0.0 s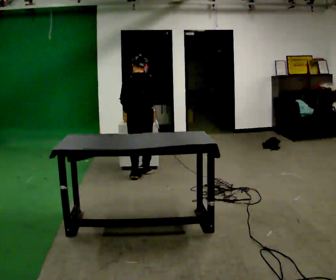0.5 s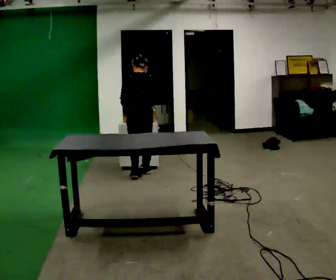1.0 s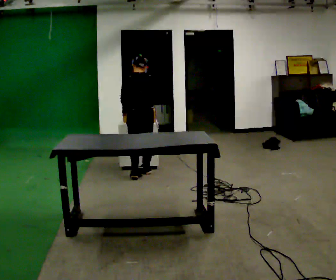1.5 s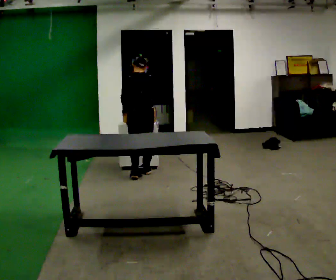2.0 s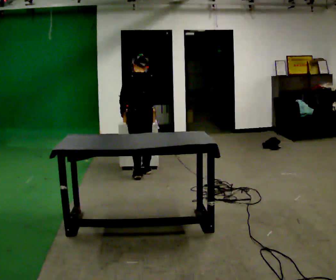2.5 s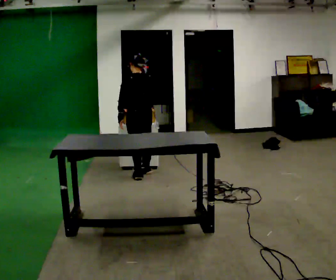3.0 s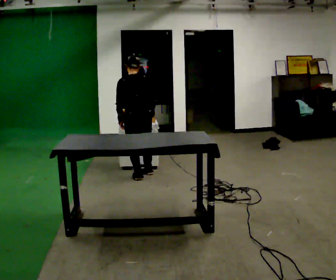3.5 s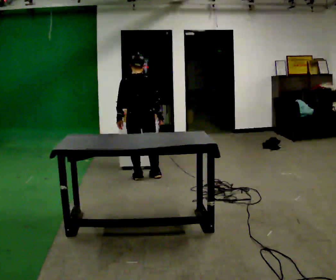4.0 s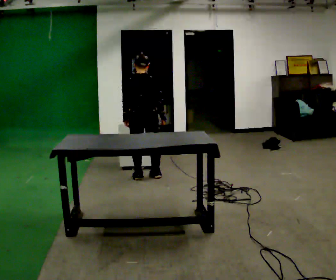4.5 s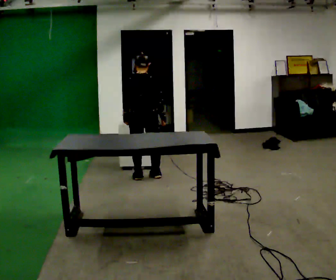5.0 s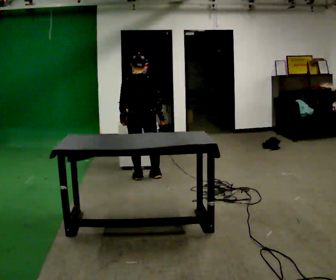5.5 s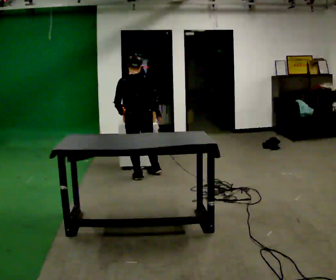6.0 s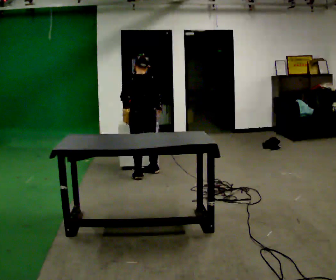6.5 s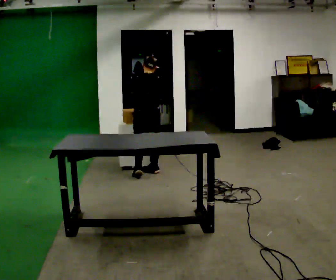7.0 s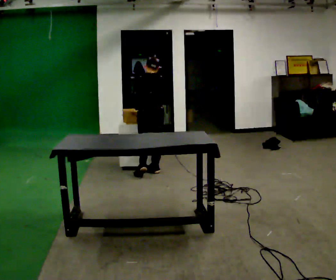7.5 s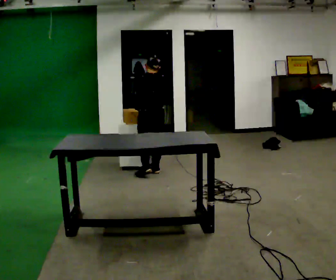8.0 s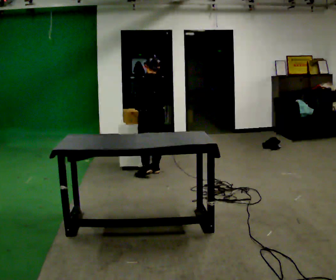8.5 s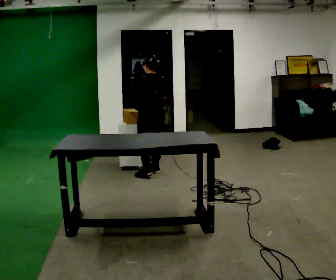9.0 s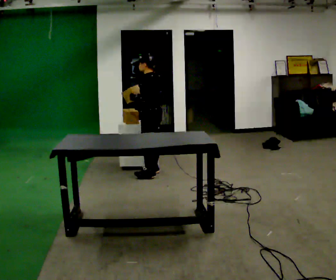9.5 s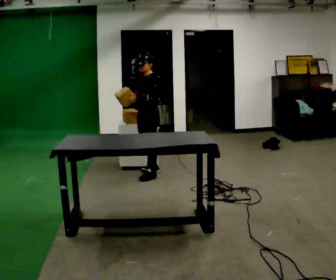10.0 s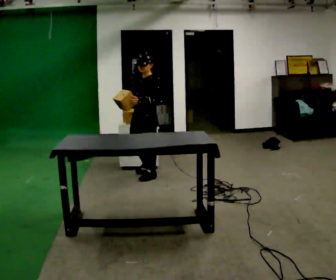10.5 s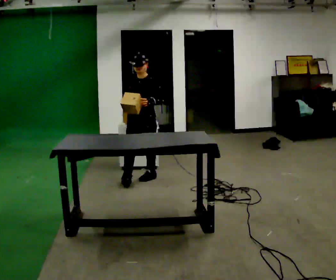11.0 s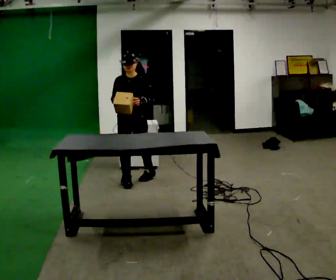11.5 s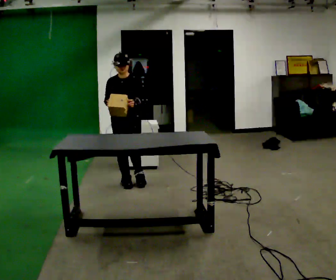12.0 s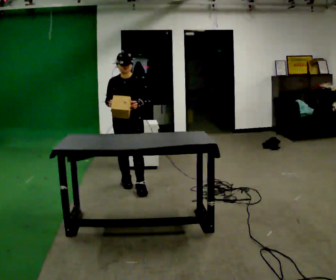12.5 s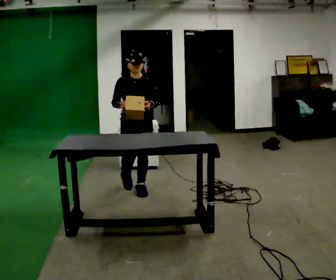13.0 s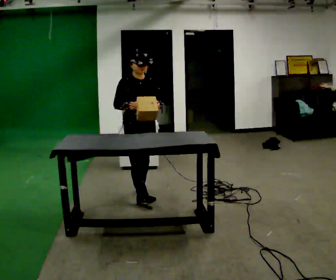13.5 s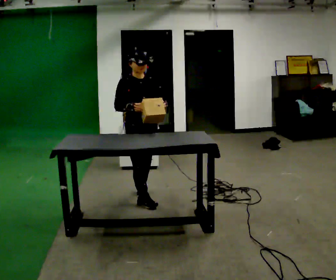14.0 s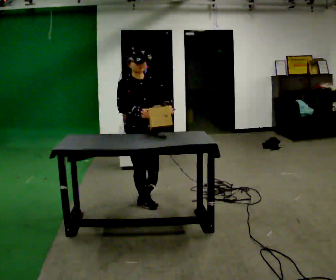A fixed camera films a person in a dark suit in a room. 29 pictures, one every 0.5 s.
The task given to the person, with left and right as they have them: 1. Move all 12 boxes from the shelf at one end of the room to the shelf at the other end. 2. The cart is not available today, so carry them. 3. Tell the operator when you are finished.
0.0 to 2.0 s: The person moves a little, or ends about where they began.
2.0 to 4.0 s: Seen from above the body turns clockwise, about 30 degrees: to their right, with its near side sliding to the left.
4.0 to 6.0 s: In the picture they go away from the camera, about 0.25 m in 1 step, which for them is forward.
6.0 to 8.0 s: The person moves a little, or ends about where they began.
8.0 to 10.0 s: The person turns about 105 degrees to their left, counterclockwise seen from above, so the part of the body nearest the lens slides to the right. In the picture they go toward the camera, about 0.25 m.
10.0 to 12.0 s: The person turns about 45 degrees to their left, counterclockwise seen from above, so the part of the body nearest the lens slides to the right. In the picture they go toward the camera and to the left, about 0.5 m in 2 steps, which for them is forward and to their right.
12.0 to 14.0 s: The part of the body nearest the lens slides to the right as the person turns to their left by about 30 degrees. In the picture they go toward the camera, about 0.5 m in 2 steps, which for them is forward.
The film runs forward here.
